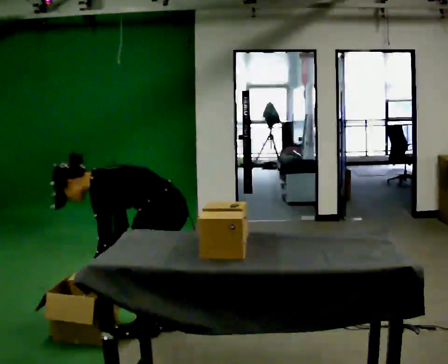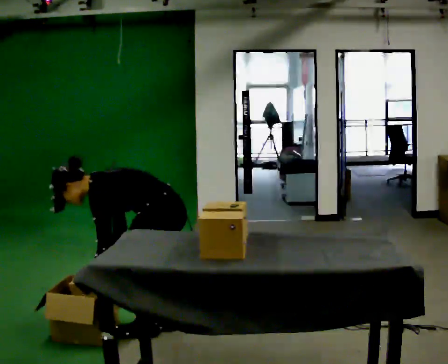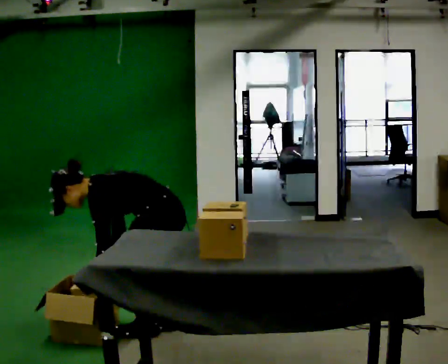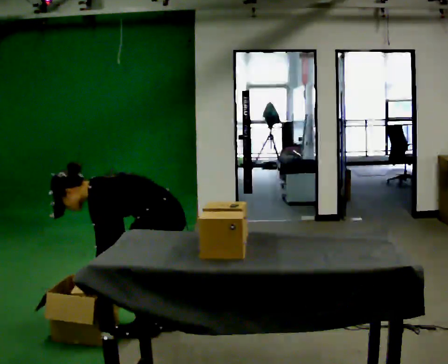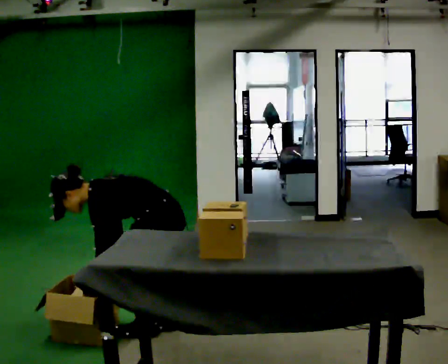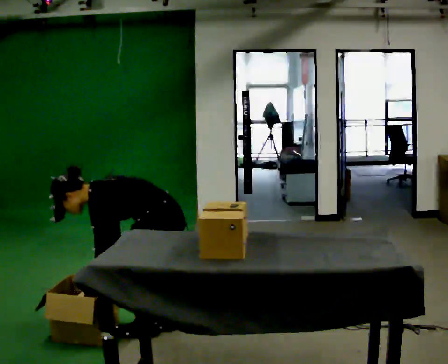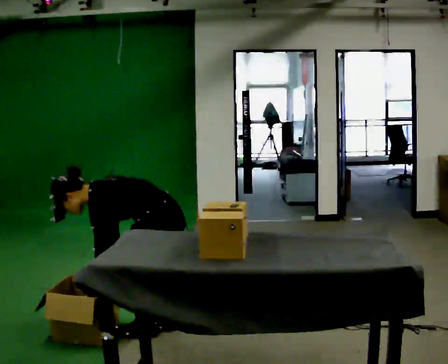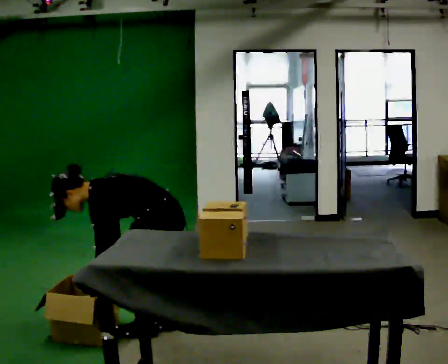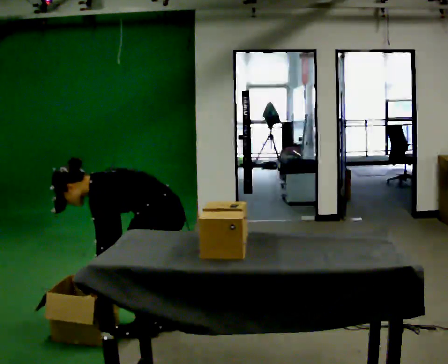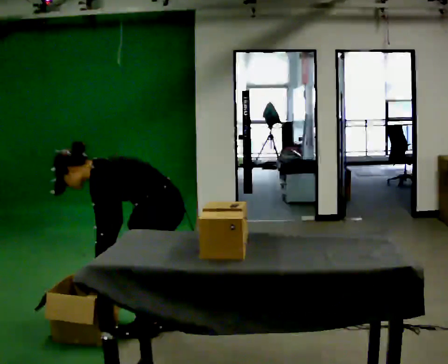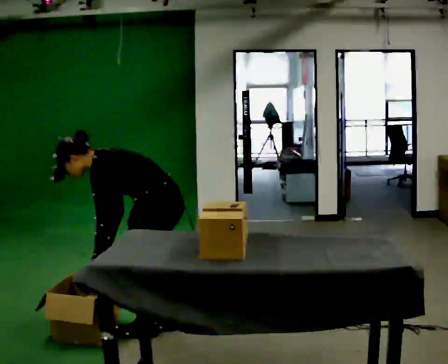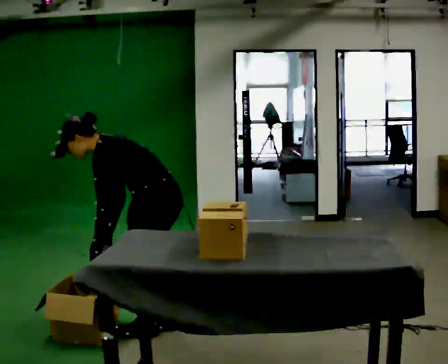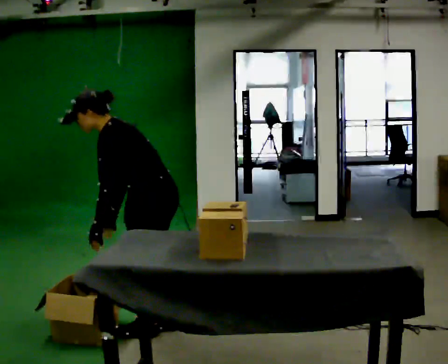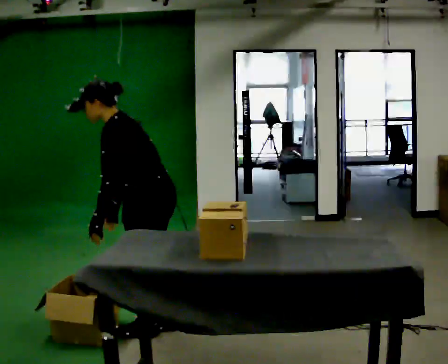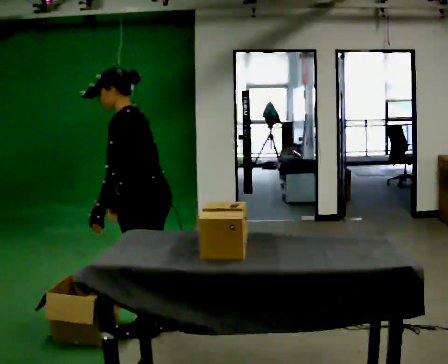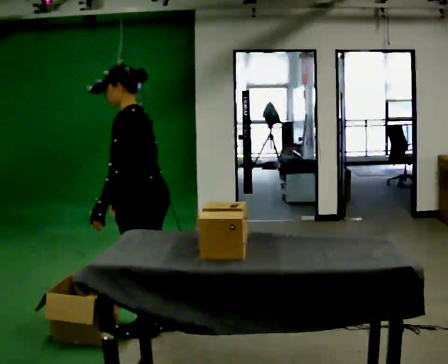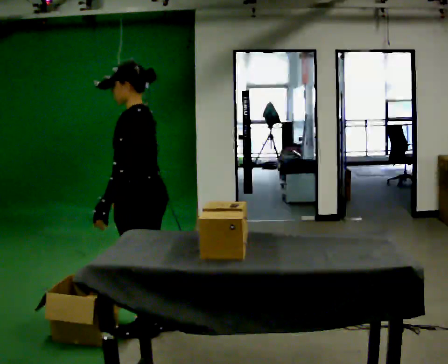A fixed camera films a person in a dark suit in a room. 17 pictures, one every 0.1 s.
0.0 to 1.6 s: The upper body goes upward. In the picture the upper body tilts clockwise, shoulders to the right, as they lean back or straighten. In the picture their left hand goes upward.
The film runs forward here.
